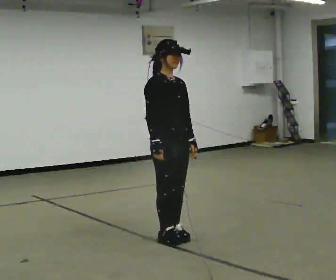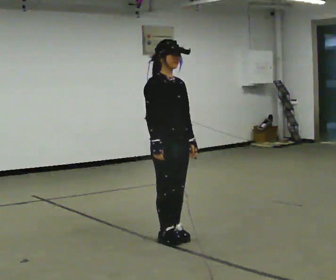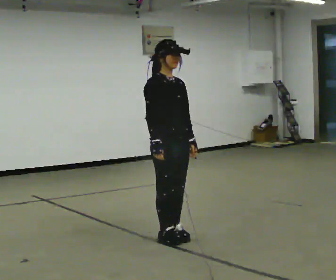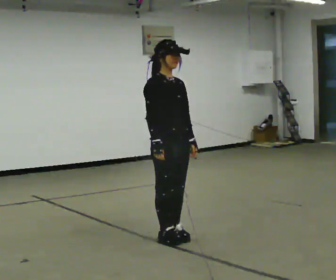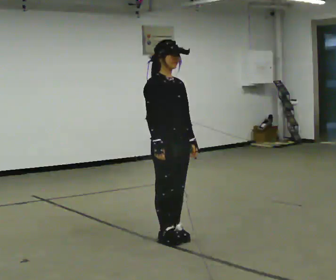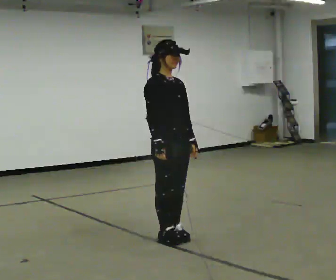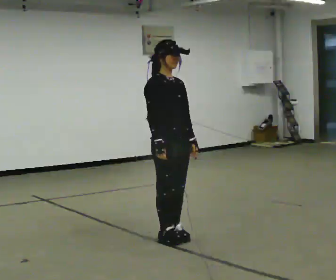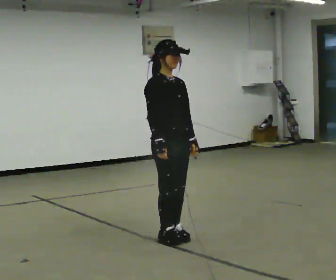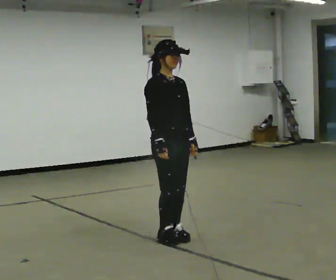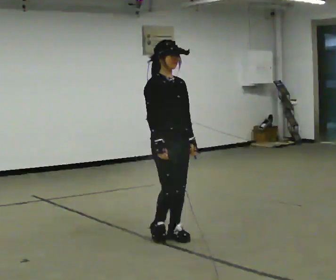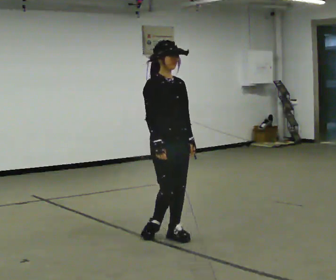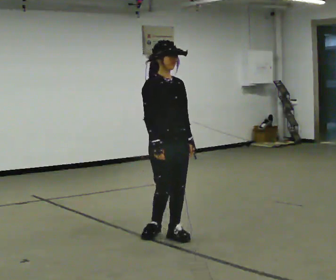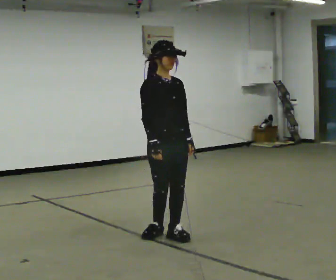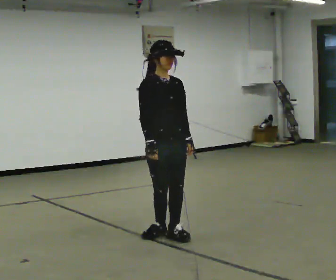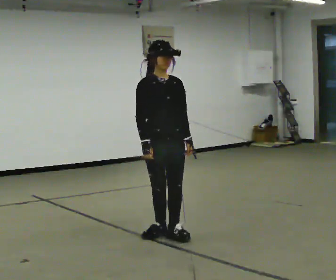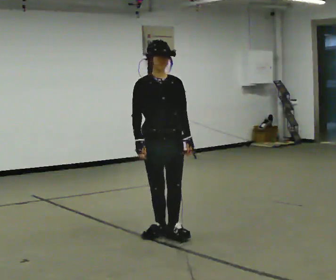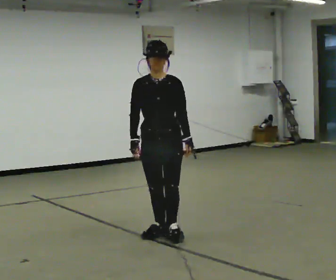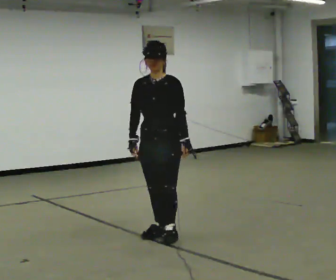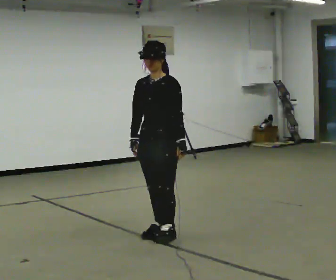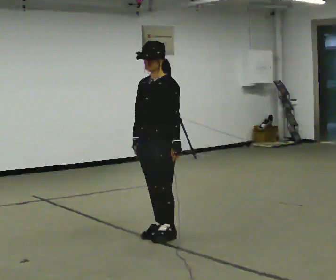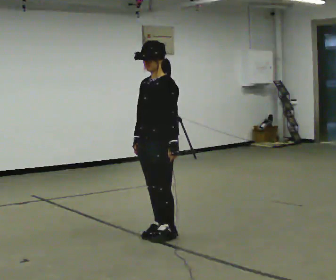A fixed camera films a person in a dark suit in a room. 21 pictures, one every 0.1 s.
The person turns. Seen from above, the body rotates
clockwise.
The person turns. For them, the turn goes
to their right.
0.0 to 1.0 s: The person moves a little, or ends about where they began.
1.0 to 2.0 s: The part of the body nearest the lens slides to the left as the person turns to their right by about 90 degrees.
The film runs backward here.
